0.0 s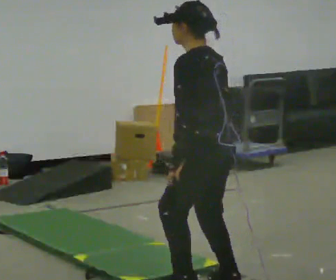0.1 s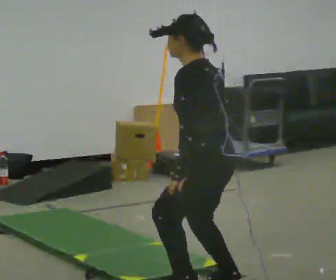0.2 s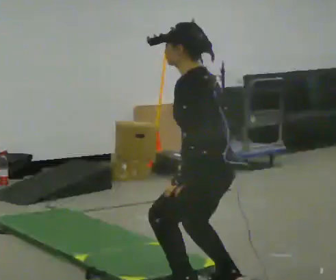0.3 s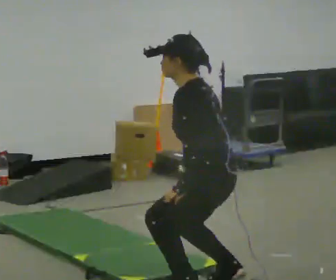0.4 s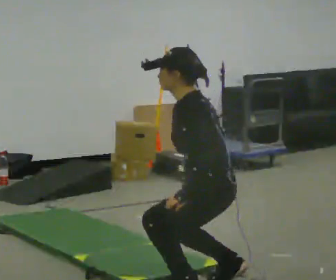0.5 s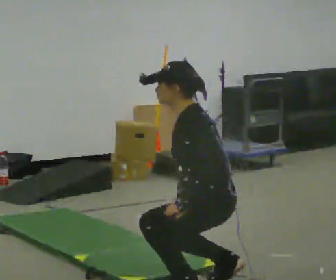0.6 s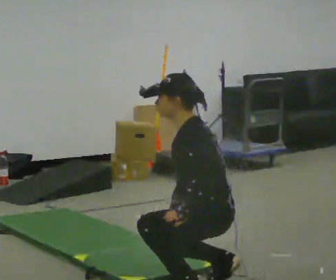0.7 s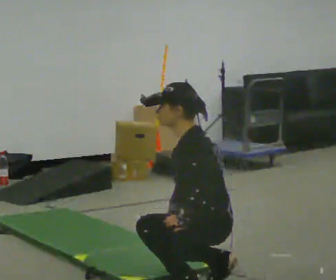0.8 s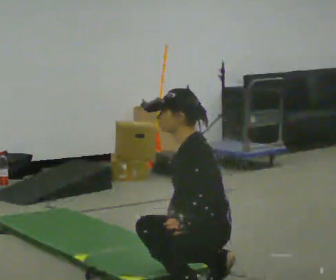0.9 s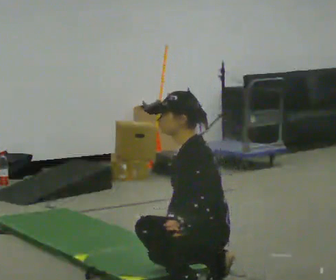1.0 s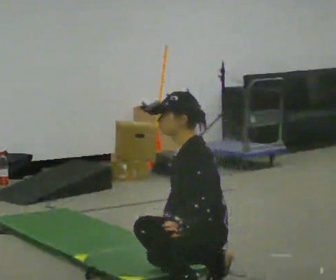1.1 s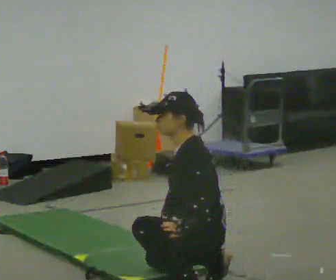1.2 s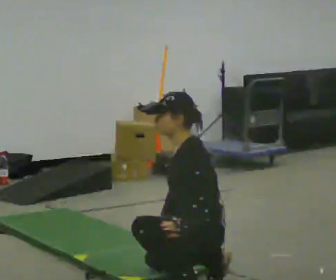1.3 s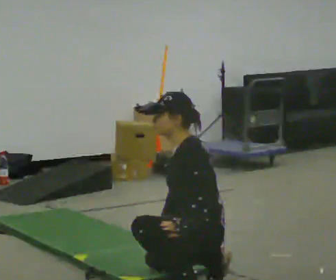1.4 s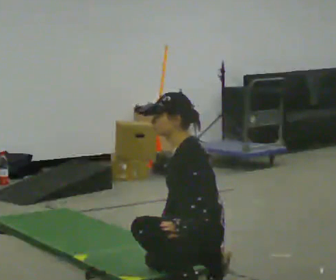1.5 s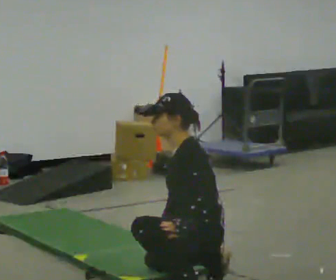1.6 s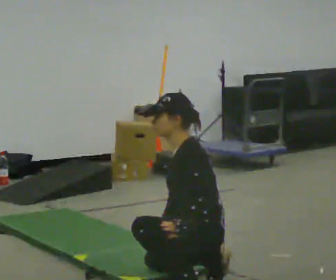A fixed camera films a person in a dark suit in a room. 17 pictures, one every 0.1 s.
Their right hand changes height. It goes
downward.
The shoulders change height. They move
downward.
0.0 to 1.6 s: Seen from above the body turns counterclockwise, about 30 degrees: to their left, with its near side sliding to the right. The upper body goes downward. In the picture their right hand goes downward.
The film runs forward here.
